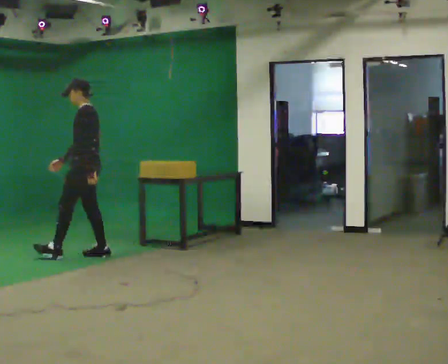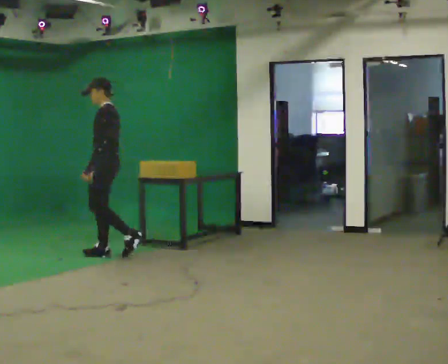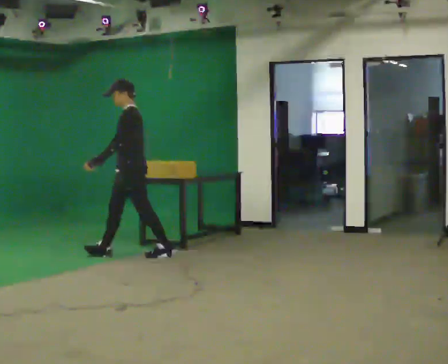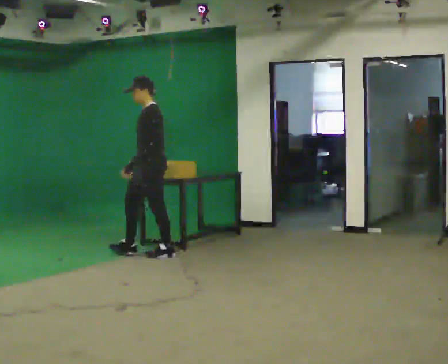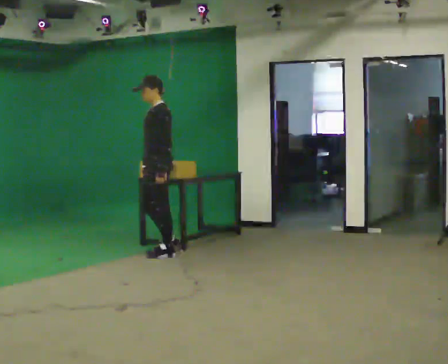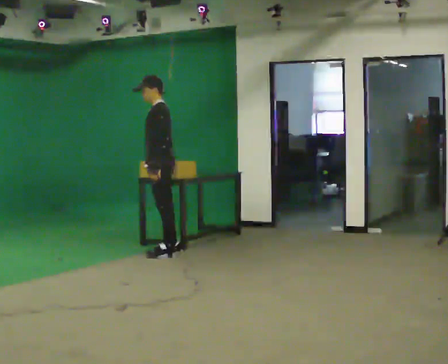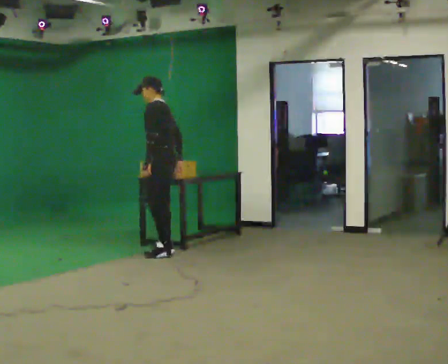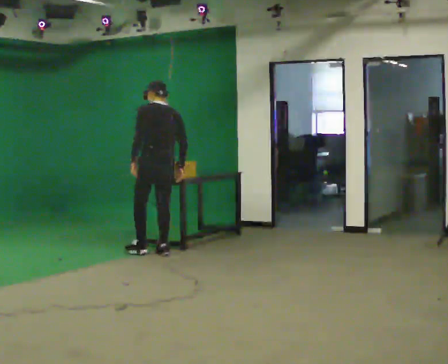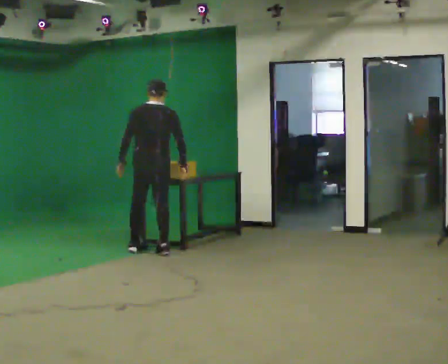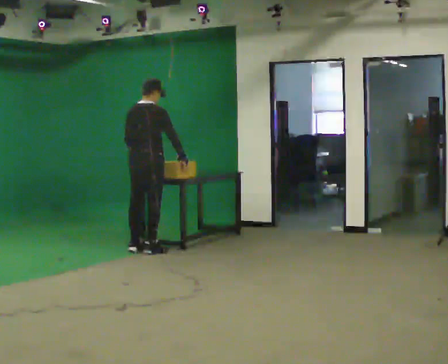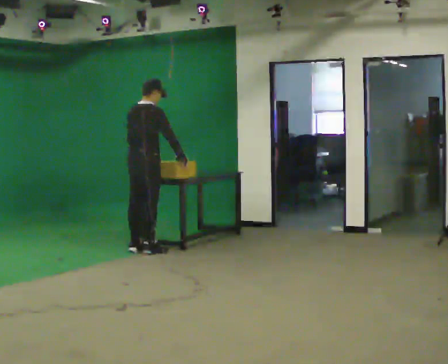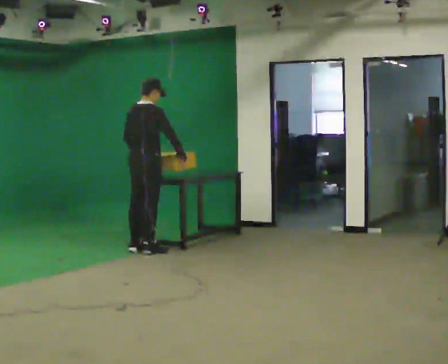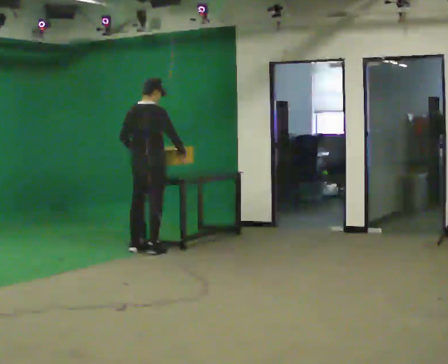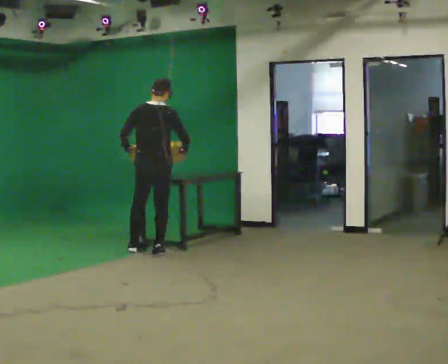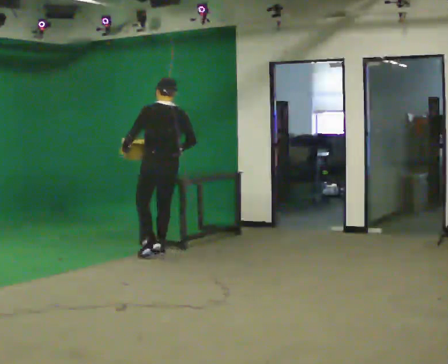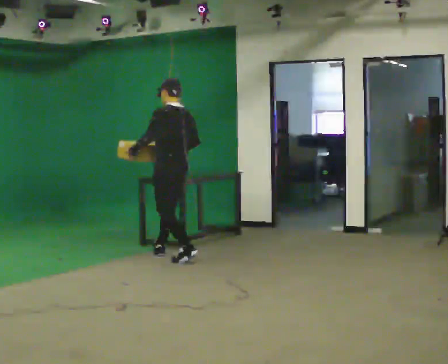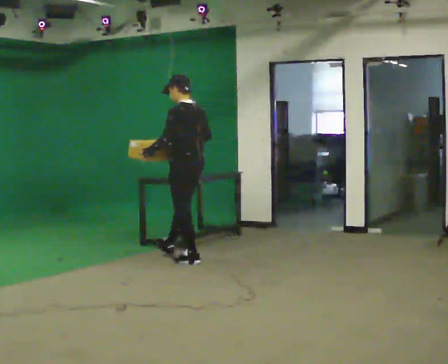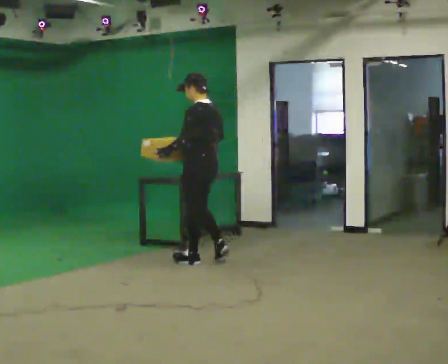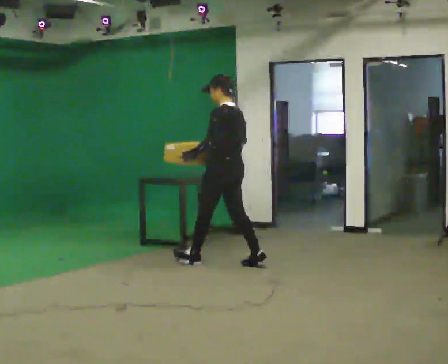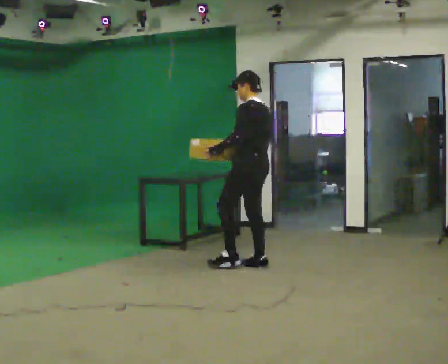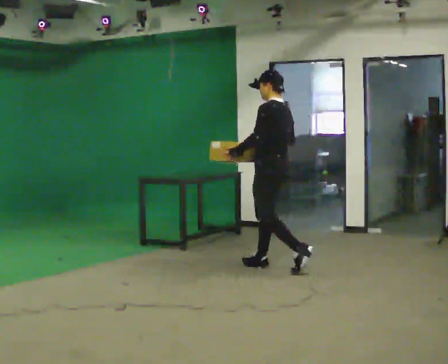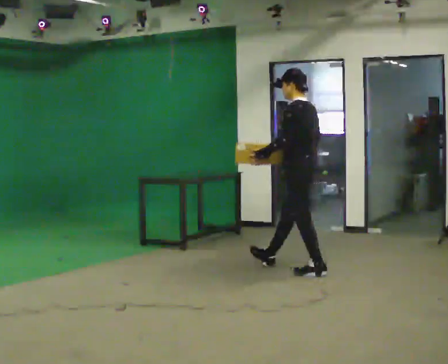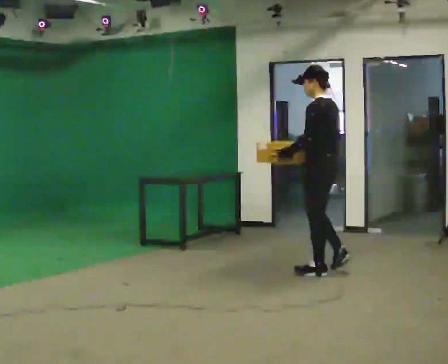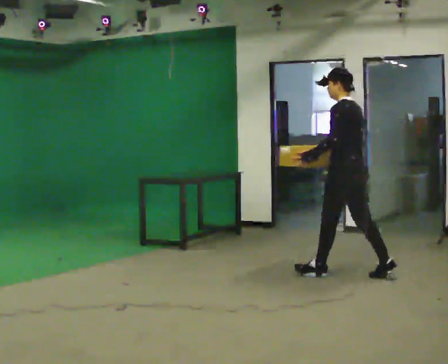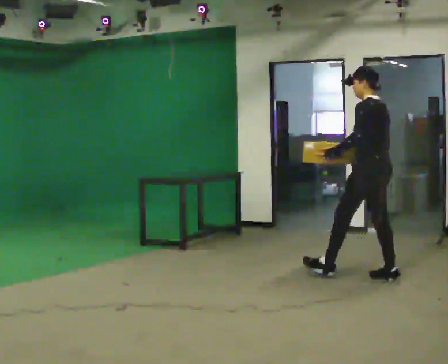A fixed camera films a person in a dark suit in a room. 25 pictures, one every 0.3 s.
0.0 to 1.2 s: In the picture they go to the right, about 0.5 m in 1 step, which for them is backward.
1.2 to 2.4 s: The person turns about 105 degrees to their right, clockwise seen from above, so the part of the body nearest the lens slides to the left. In the picture their left hand goes to the left, the arm swinging clockwise.
2.4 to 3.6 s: The part of the body nearest the lens slides to the left as the person turns to their right by about 30 degrees.
3.6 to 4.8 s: The person turns about 90 degrees to their left, counterclockwise seen from above, so the part of the body nearest the lens slides to the right. In the picture they go toward the camera and to the right, about 0.5 m in 2 steps.
4.8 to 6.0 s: In the picture they go to the right and toward the camera, about 1 m in 1 step, which for them is backward.
6.0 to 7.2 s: In the picture they go to the right and toward the camera, about 1 m in 2 steps, which for them is backward.
The film runs backward here.
